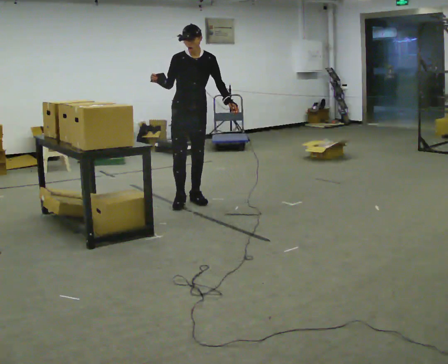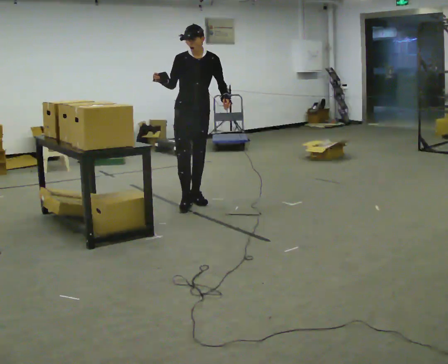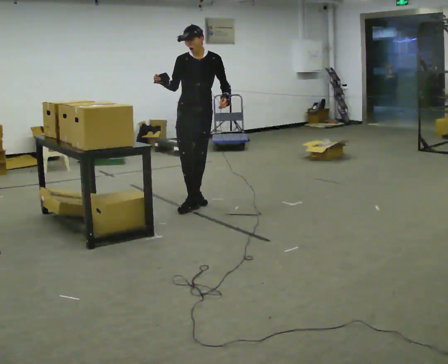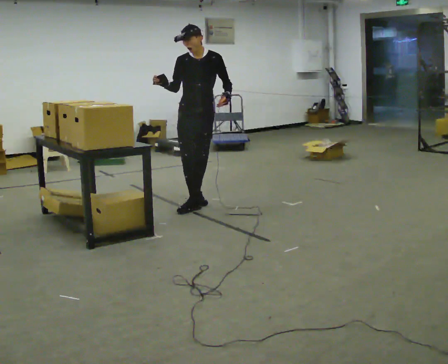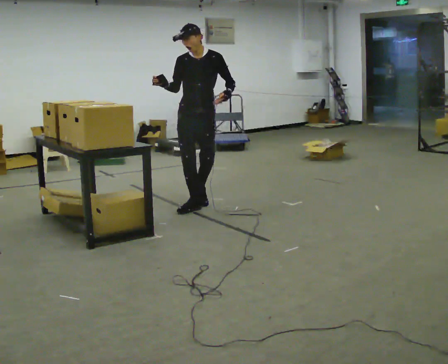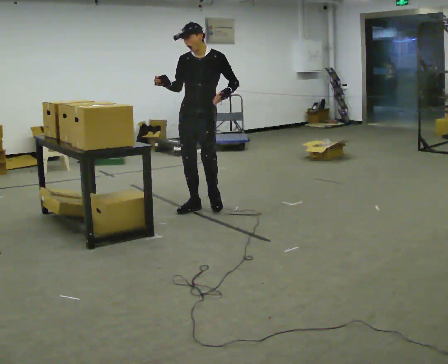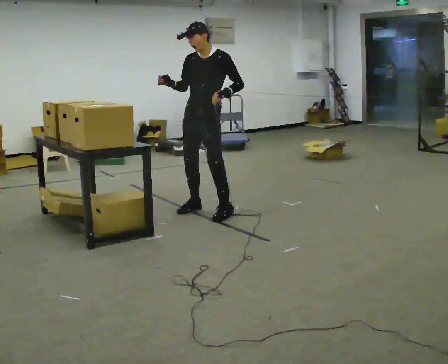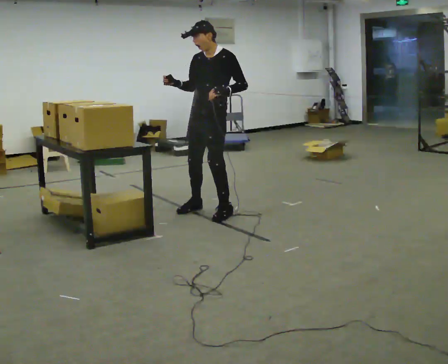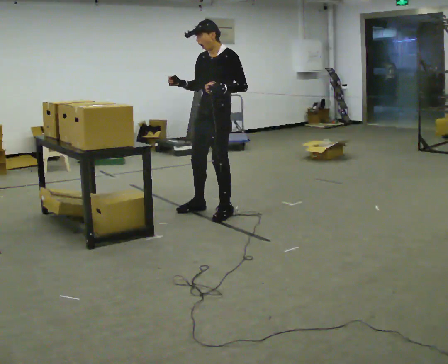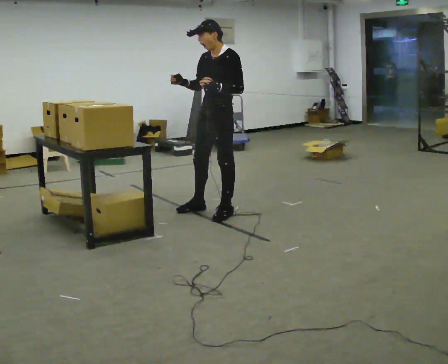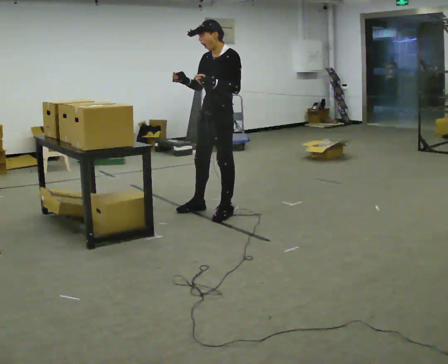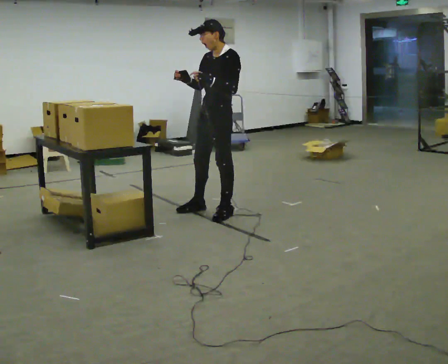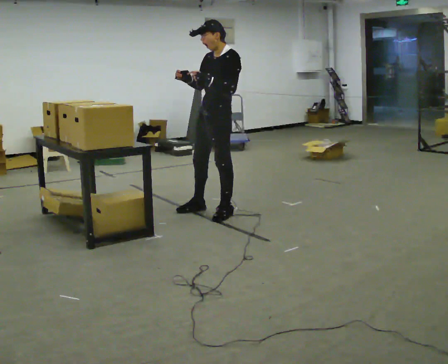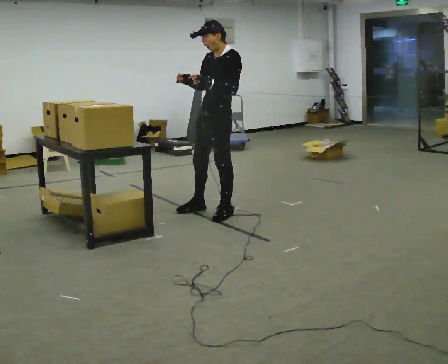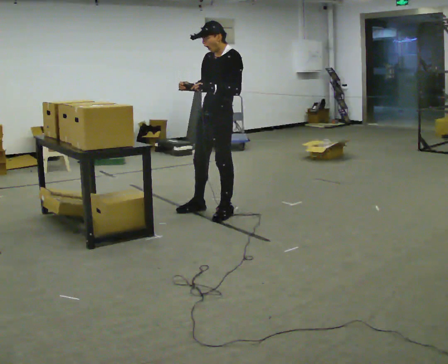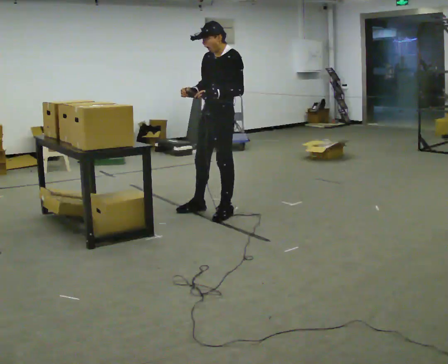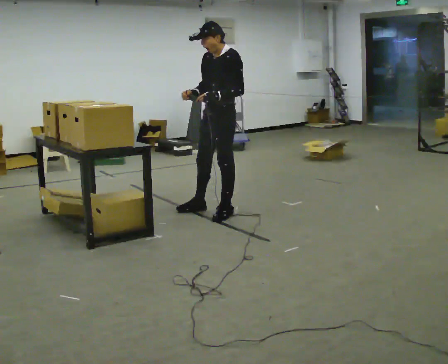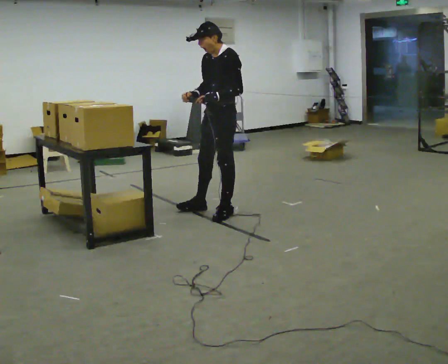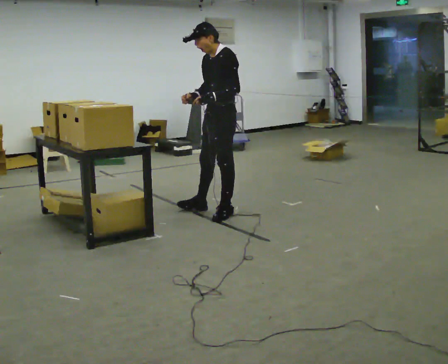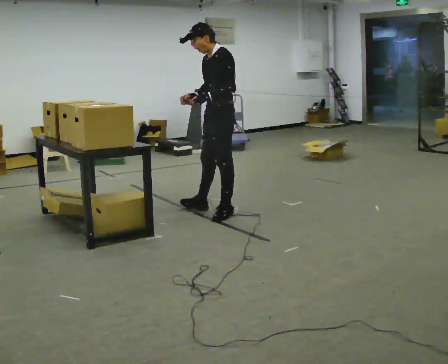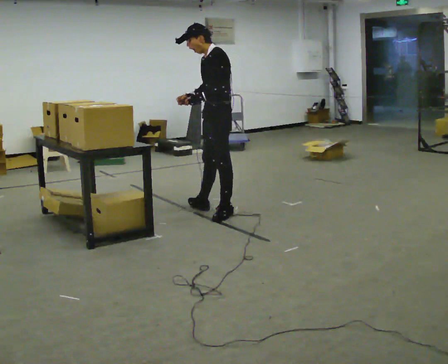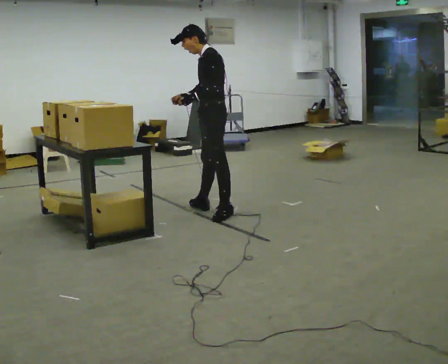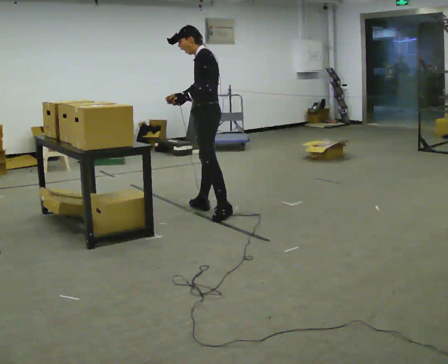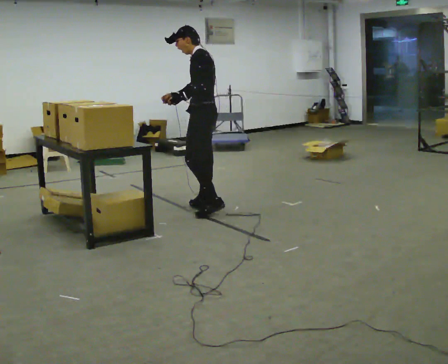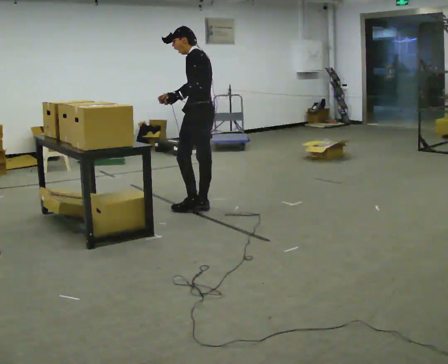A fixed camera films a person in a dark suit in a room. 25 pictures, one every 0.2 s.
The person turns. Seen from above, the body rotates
clockwise.
The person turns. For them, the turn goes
to their right.
0.0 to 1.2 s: Seen from above the body turns clockwise, about 45 degrees: to their right, with its near side sliding to the left. In the picture they go toward the camera and to the right, about 0.5 m in 2 steps, which for them is forward.
1.2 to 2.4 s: Seen from above the body turns clockwise, about 30 degrees: to their right, with its near side sliding to the left. In the picture they go toward the camera, about 0.25 m, which for them is to their left.
2.4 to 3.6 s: The person moves a little, or ends about where they began.
3.6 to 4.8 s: Seen from above the body turns clockwise, about 45 degrees: to their right, with its near side sliding to the left. In the picture they go away from the camera and to the left, about 0.25 m, which for them is to their right and forward.
The film runs forward here.
